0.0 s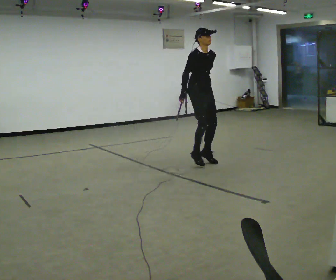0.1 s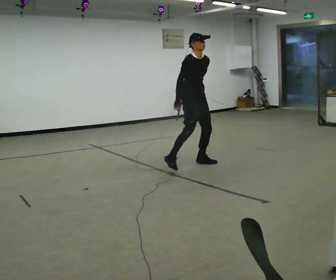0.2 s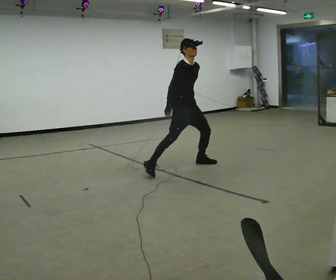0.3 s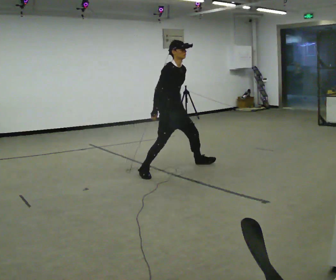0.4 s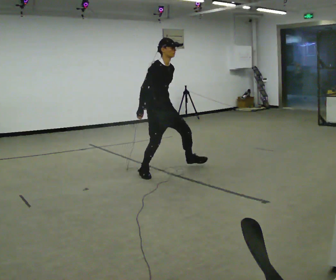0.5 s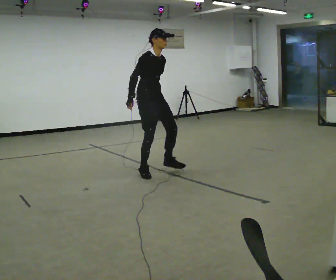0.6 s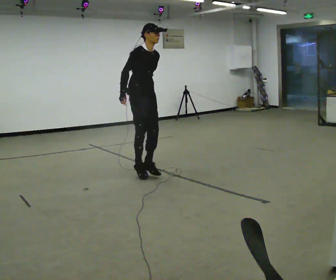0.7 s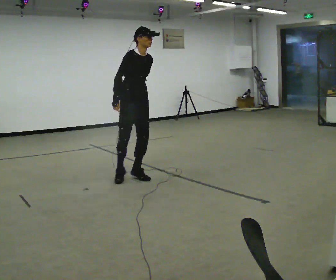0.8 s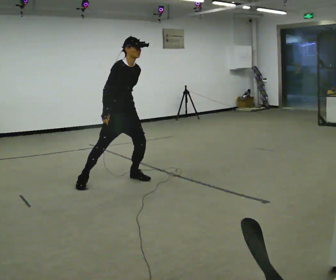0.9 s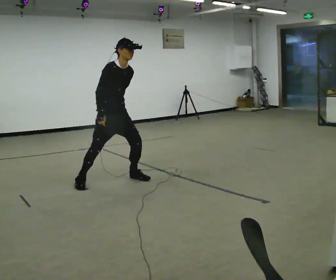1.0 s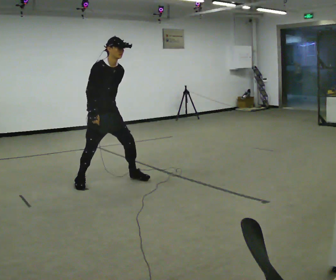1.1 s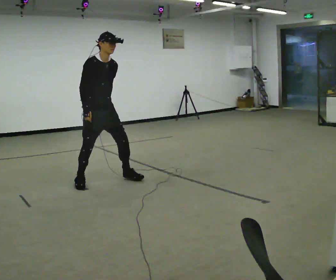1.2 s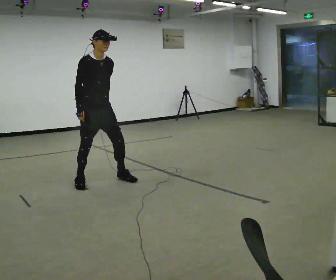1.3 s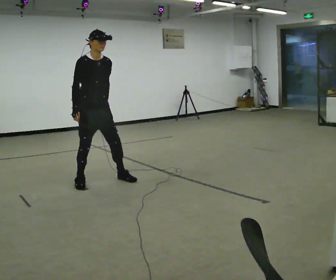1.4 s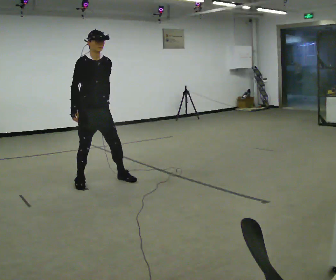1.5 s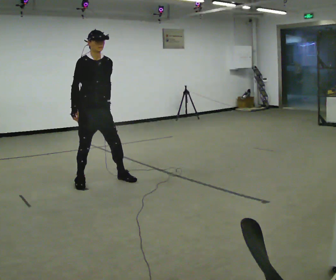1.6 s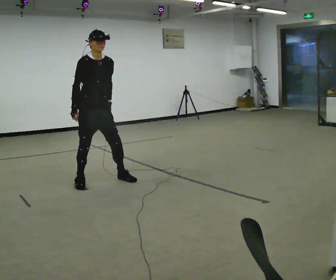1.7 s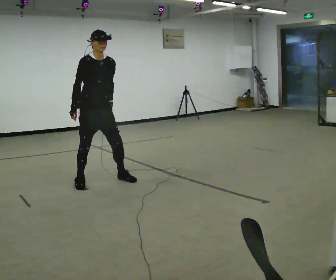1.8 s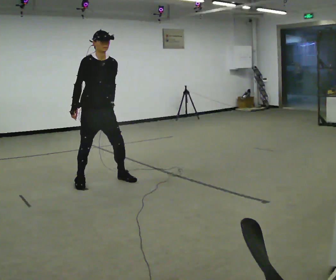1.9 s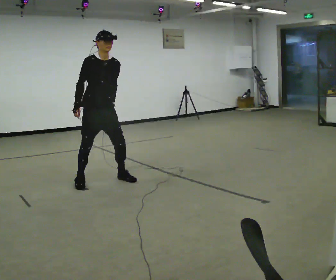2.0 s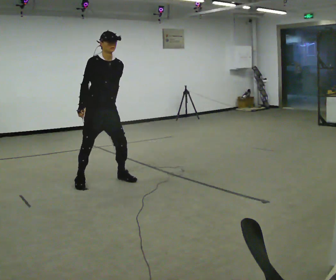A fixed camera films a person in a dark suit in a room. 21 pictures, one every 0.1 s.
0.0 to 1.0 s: In the picture they go to the left and toward the camera, about 1.5 m in 2 steps, which for them is to their right.
1.0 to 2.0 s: The person moves a little, or ends about where they began.
The film runs backward here.
